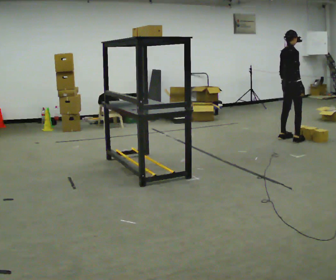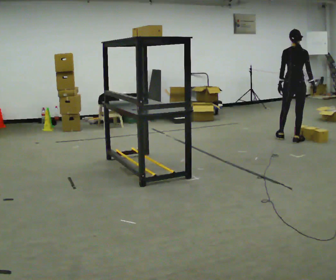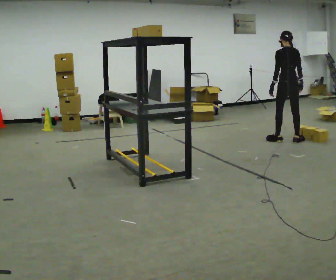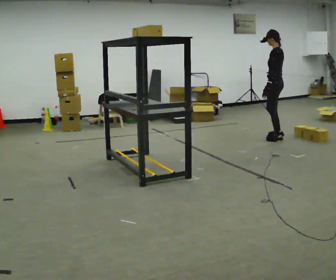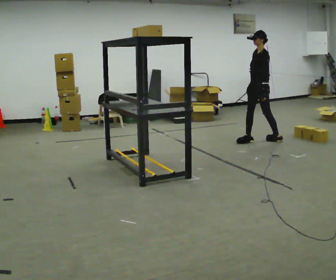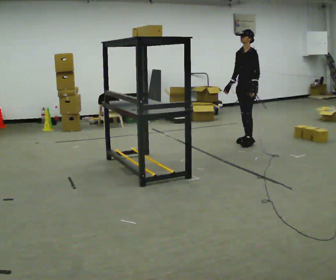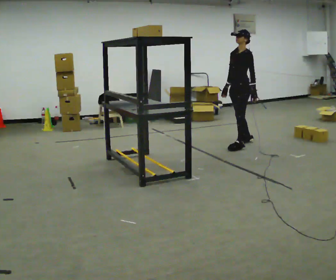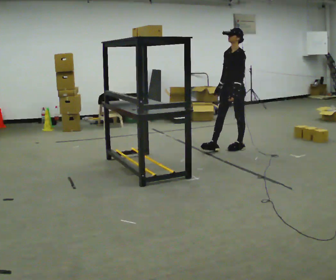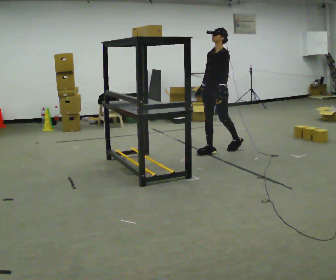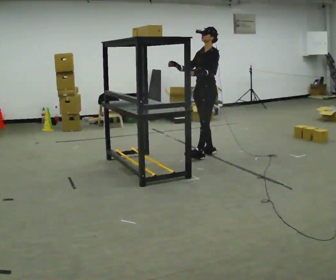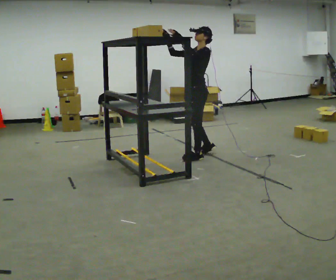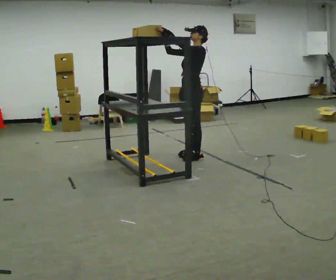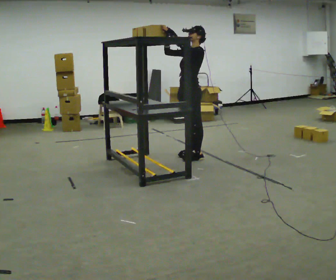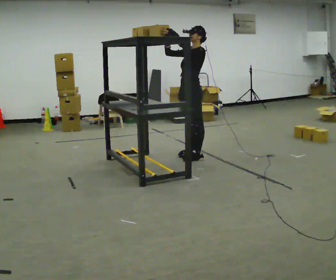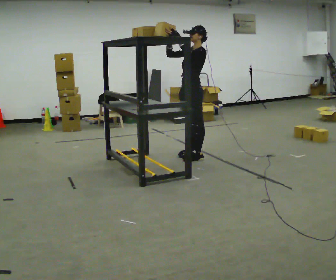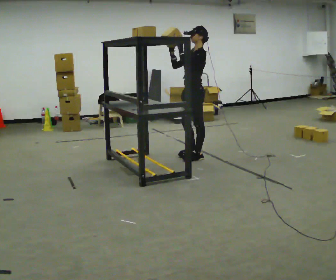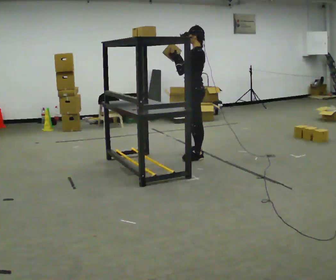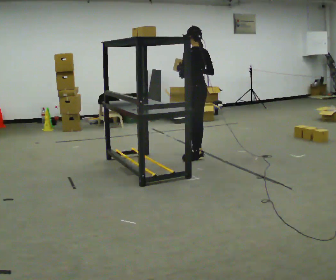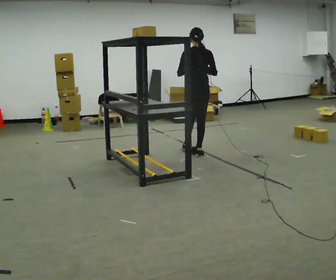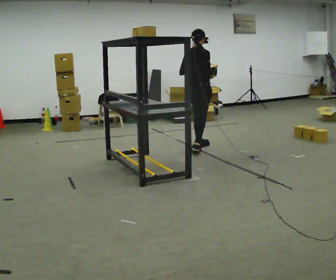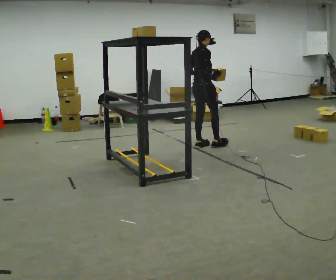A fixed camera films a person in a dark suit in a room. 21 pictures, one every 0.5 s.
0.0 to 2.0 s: The part of the body nearest the lens slides to the right as the person turns to their left by about 180 degrees. In the picture they go to the left, about 0.5 m in 2 steps.
2.0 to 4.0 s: In the picture they go to the left and toward the camera, about 1 m in 2 steps, which for them is forward.
4.0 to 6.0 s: In the picture they go to the left and toward the camera, about 0.5 m in 2 steps, which for them is forward and to their left. In the picture their left hand goes upward.
6.0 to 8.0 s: Seen from above the body turns clockwise, about 45 degrees: to their right, with its near side sliding to the left.
8.0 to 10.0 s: The person turns about 135 degrees to their right, clockwise seen from above, so the part of the body nearest the lens slides to the left. In the picture they go away from the camera, about 0.75 m in 1 step.
The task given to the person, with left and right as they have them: Take an object from the highest shelf you can comfortably reach, carry it across, and place it on the lowest shelf. Keep going until the operator says stop; one object at a time, and do not rush between trips.
The film runs forward here.
